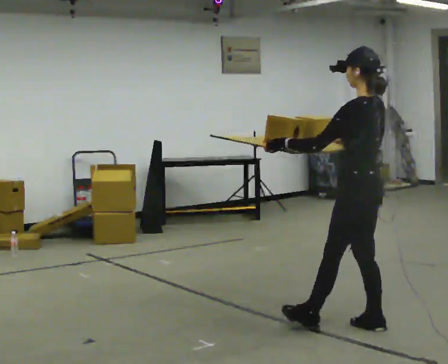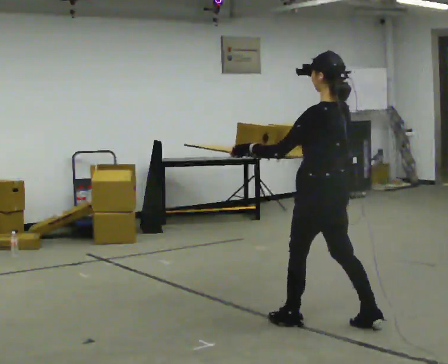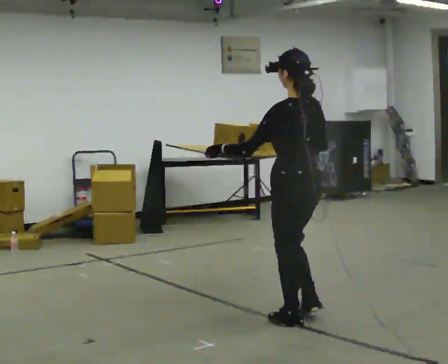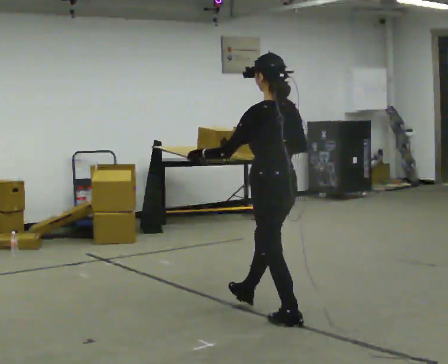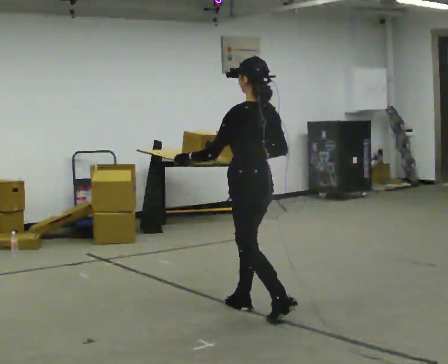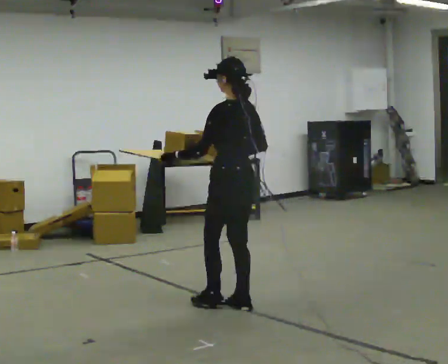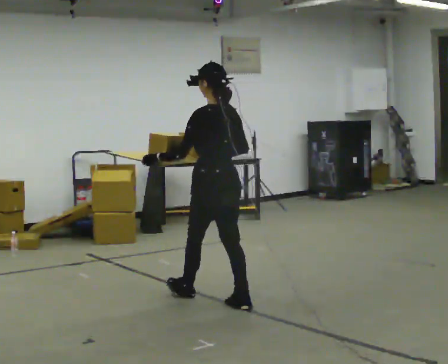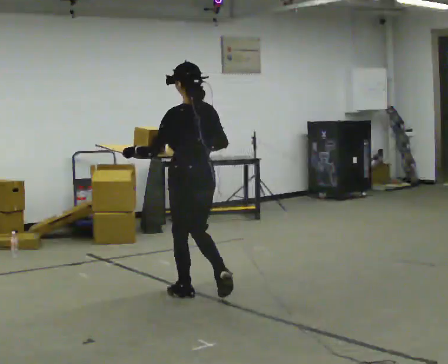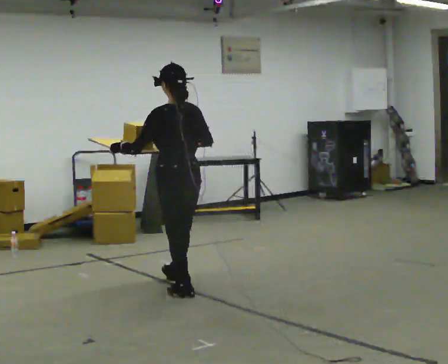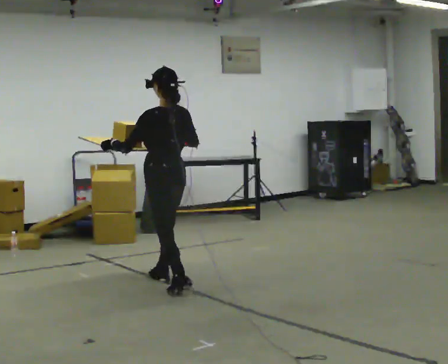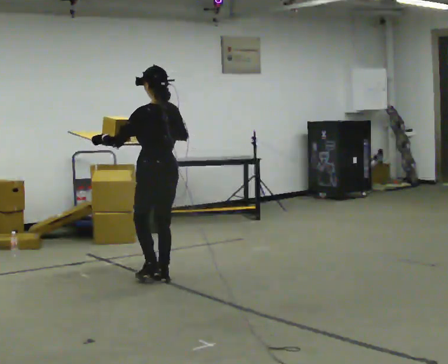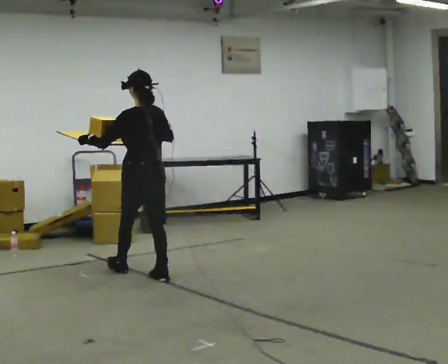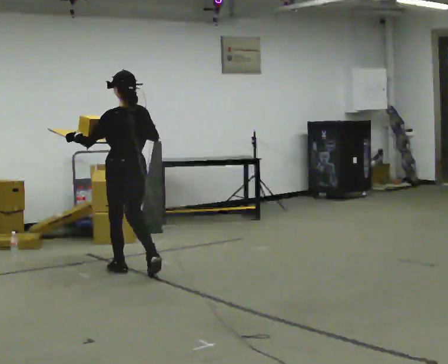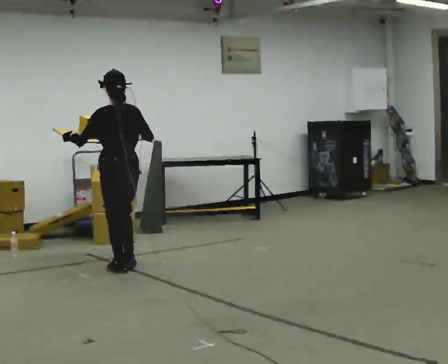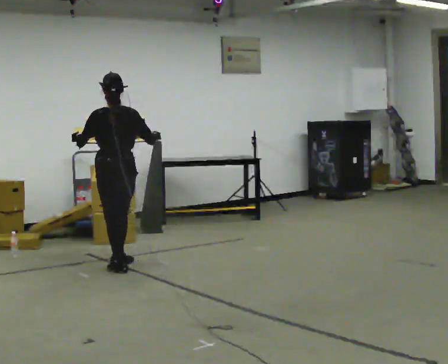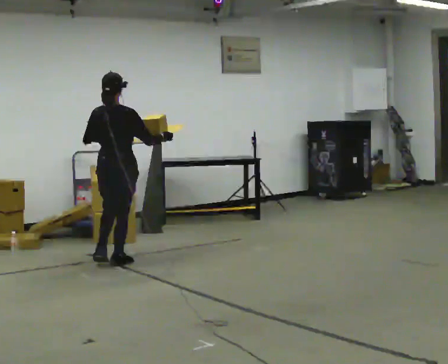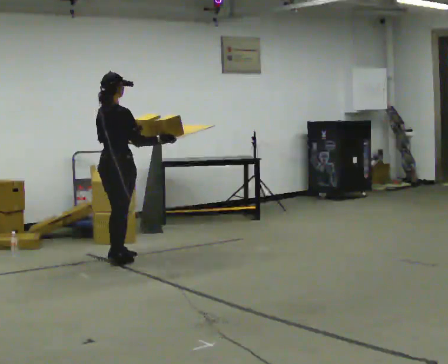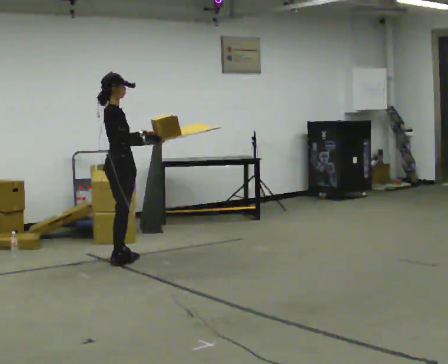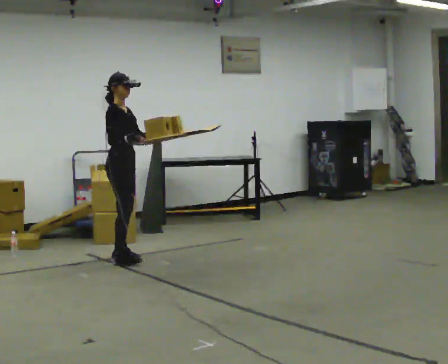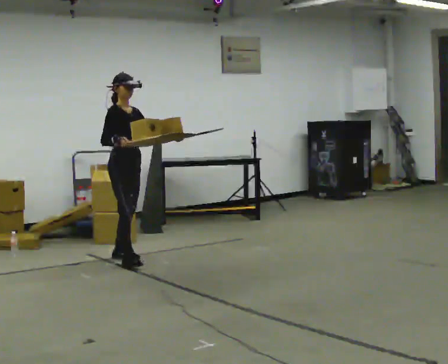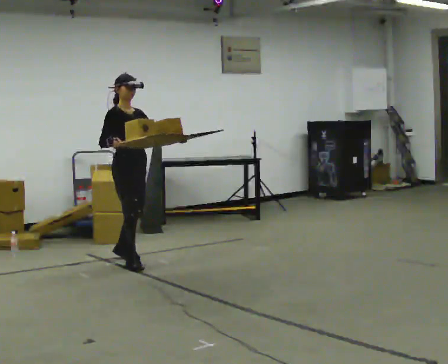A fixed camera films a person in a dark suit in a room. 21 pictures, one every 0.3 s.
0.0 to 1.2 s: In the picture they go to the left and away from the camera, about 1 m in 2 steps, which for them is forward.
1.2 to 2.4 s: In the picture they go away from the camera and to the left, about 0.5 m in 1 step, which for them is forward.
2.4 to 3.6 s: In the picture they go away from the camera and to the left, about 0.5 m in 2 steps, which for them is forward.
3.6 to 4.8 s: Seen from above the body turns clockwise, about 75 degrees: to their right, with its near side sliding to the left. In the picture they go away from the camera, about 0.5 m in 1 step.
4.8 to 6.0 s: Seen from above the body turns clockwise, about 90 degrees: to their right, with its near side sliding to the left. In the picture their left hand goes to the right.
The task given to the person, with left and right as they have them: Carry the open tray of loose items across the room, back and forth, trying not to let anything fall out.
The film runs forward here.
